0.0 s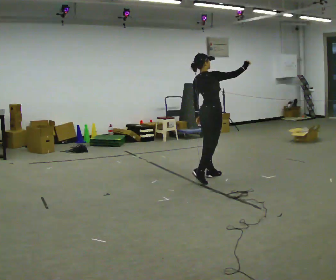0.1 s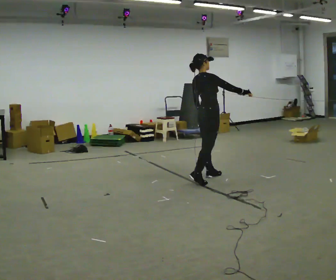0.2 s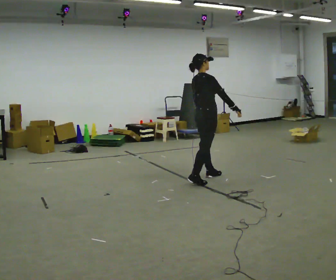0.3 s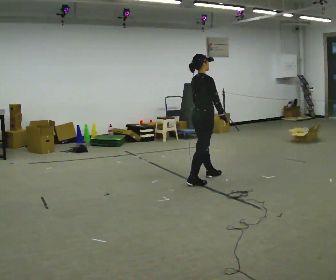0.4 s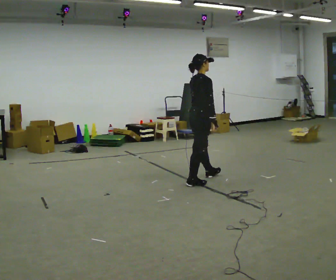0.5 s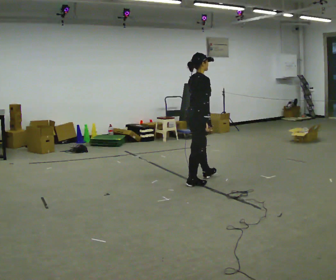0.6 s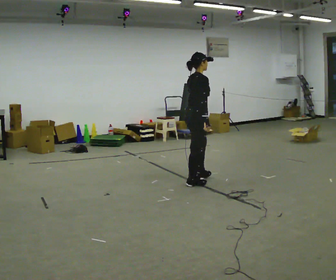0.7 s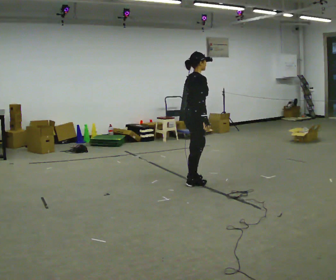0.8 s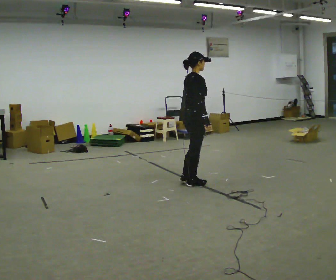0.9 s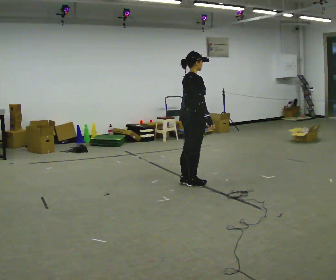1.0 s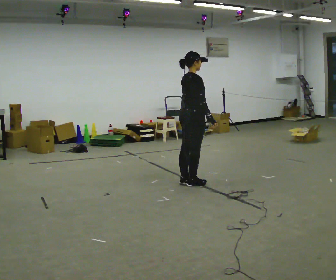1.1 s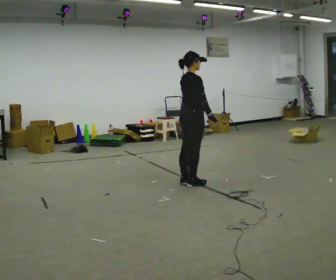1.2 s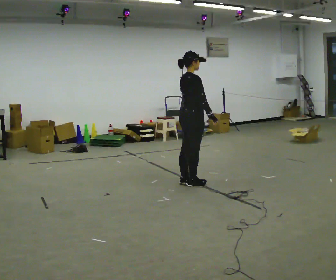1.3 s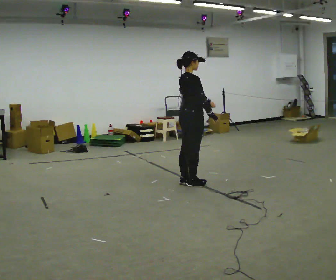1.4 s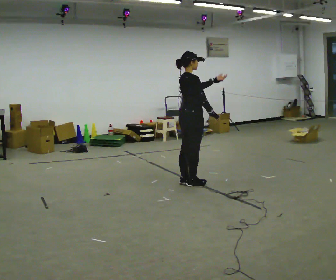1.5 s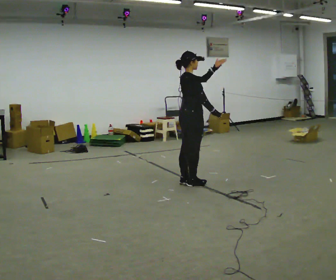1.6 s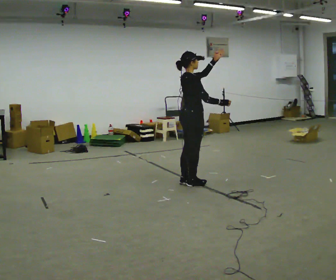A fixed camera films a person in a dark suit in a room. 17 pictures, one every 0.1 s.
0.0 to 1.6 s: In the picture they go toward the camera and to the left, about 0.25 m in 1 step, which for them is backward and to their right. In the picture their left hand goes upward, the arm swinging counterclockwise.
The film runs forward here.
